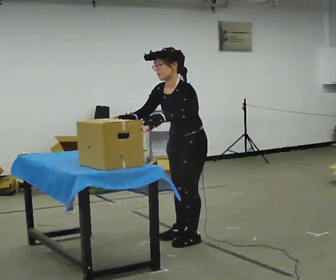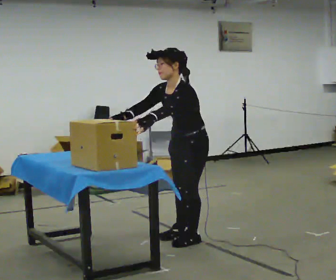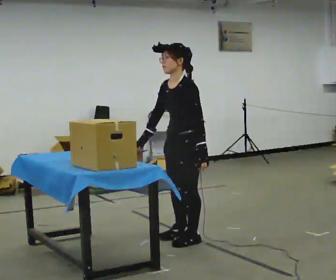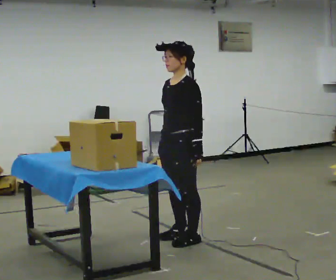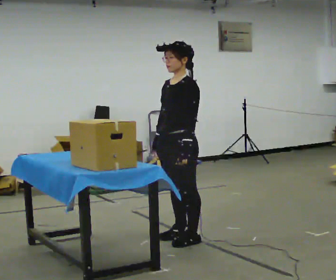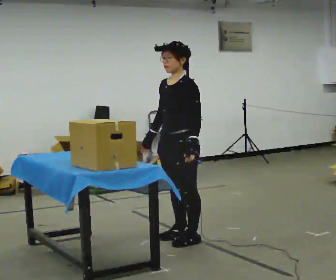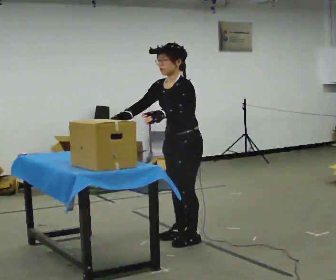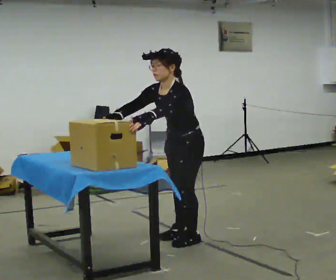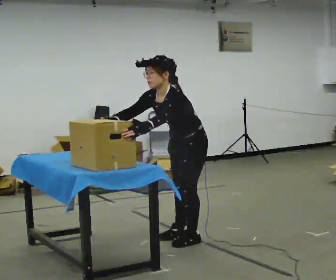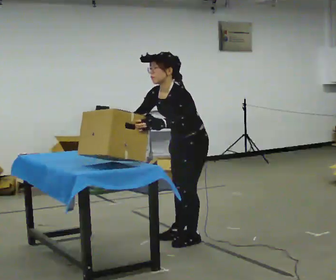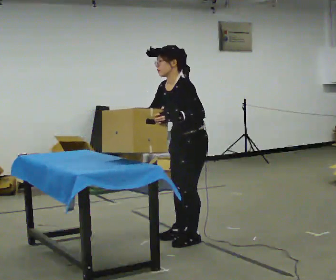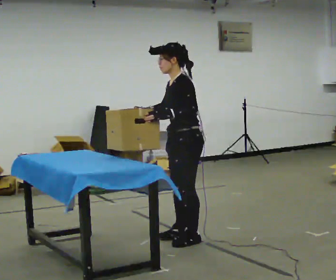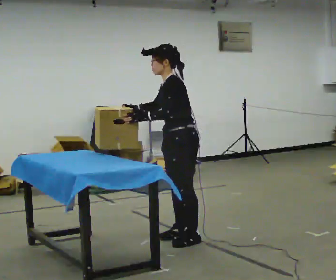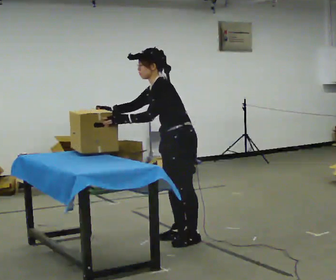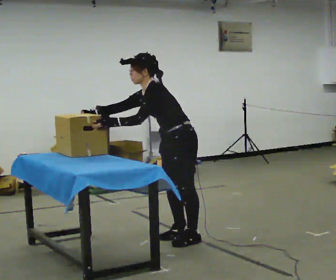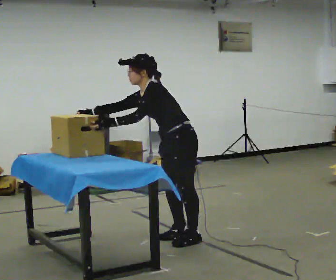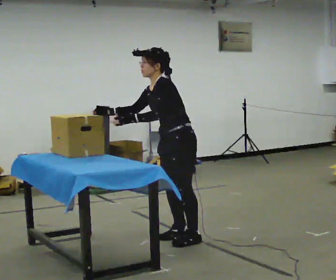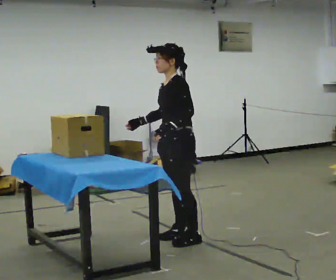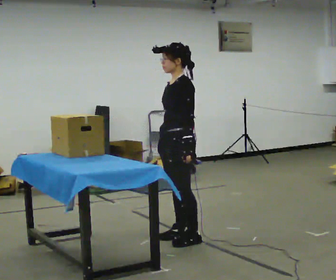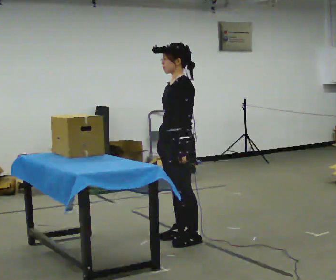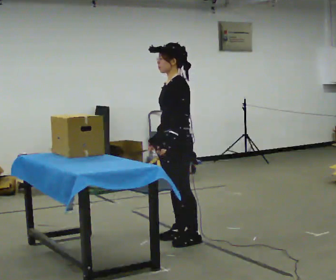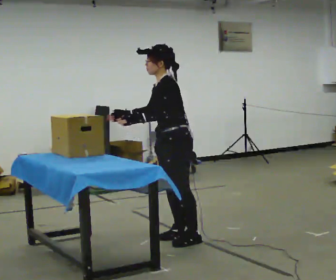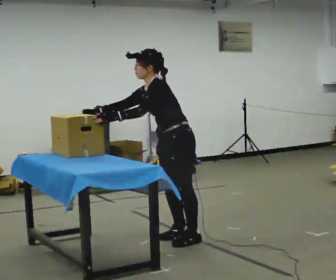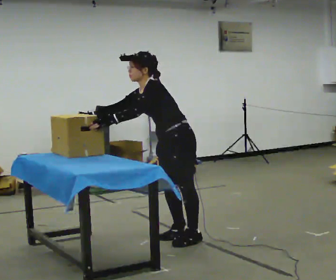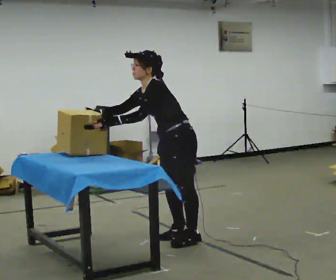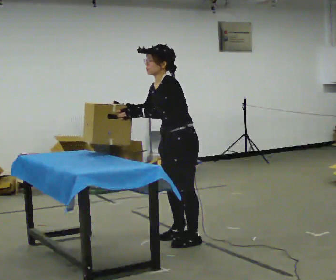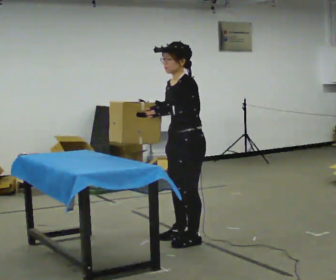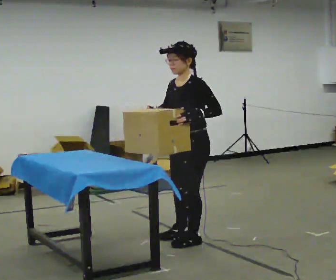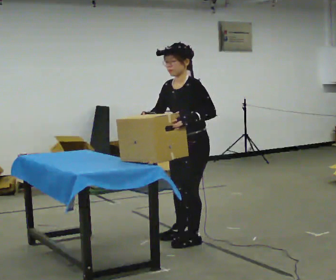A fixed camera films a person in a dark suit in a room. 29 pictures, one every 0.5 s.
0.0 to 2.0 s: The upper body tips away from the camera, its near side rolling upward, as they lean back or straighten.
2.0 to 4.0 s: The upper body tips toward the camera, its near side rolling downward, as they bend forward. In the picture their right hand goes to the left, the arm swinging clockwise.
4.0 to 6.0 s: The upper body tips away from the camera, its near side rolling upward, as they lean back or straighten.
6.0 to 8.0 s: The person moves a little, or ends about where they began.
8.0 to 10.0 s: In the picture the upper body tilts clockwise, shoulders to the right, as they lean back or straighten. In the picture their right hand goes to the right, the arm swinging counterclockwise.
10.0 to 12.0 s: In the picture the upper body tilts counterclockwise, shoulders to the left, as they bend forward. In the picture their right hand goes to the left, the arm swinging clockwise.
12.0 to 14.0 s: In the picture the upper body tilts clockwise, shoulders to the right. In the picture their left hand goes to the right.
The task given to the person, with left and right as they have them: Lift the heavy object with both hands and set it down again in a different spot on the same surface. Repeat at your own pace until the operator says stop. Keep both feet on the marked spots for the whole take. If you have to step, stop and tell the operator.
The film runs forward here.
